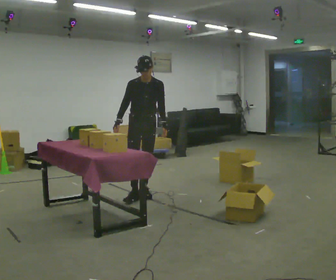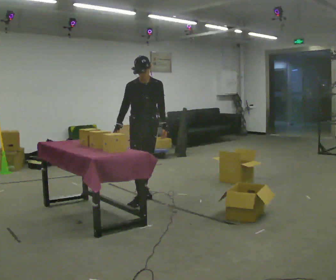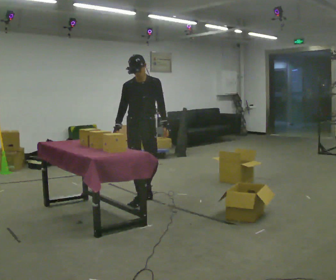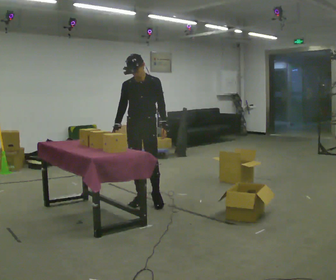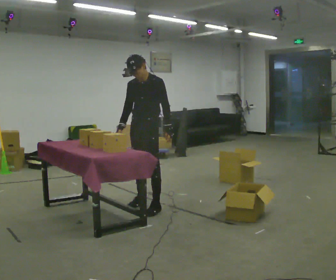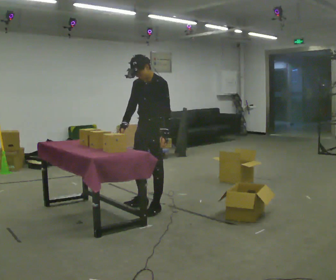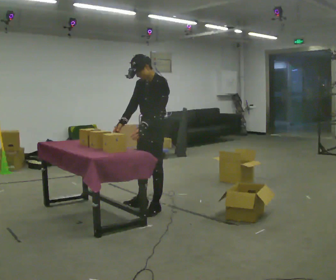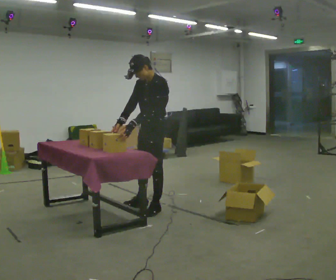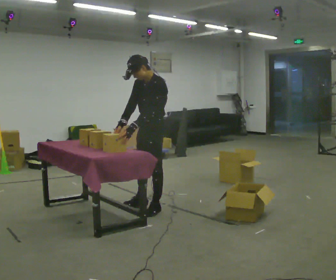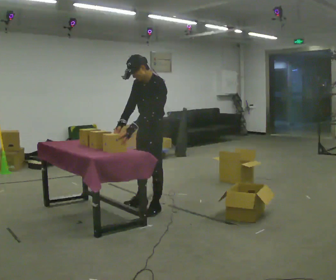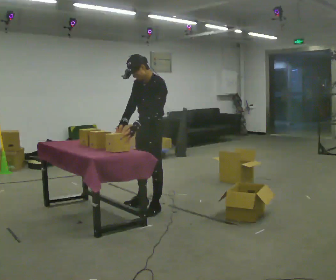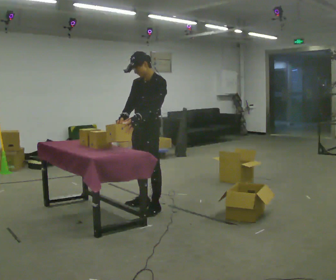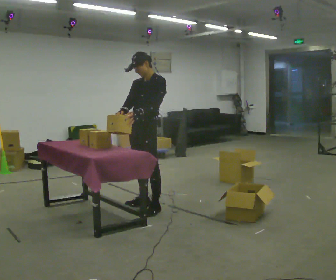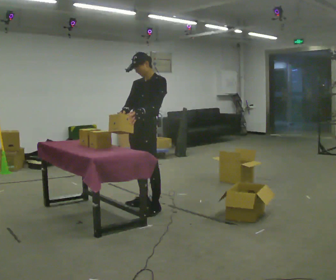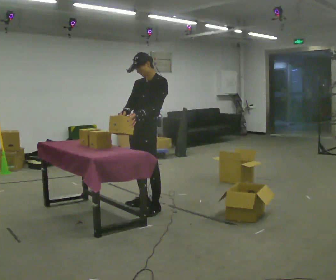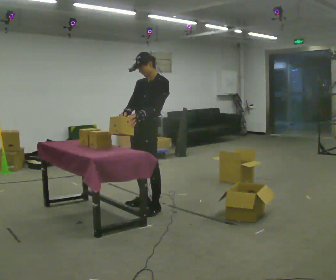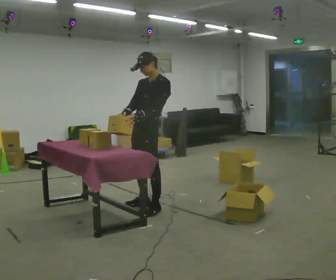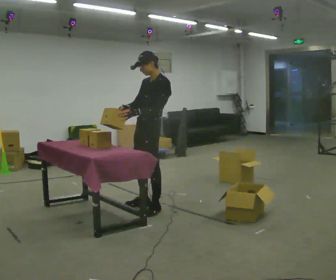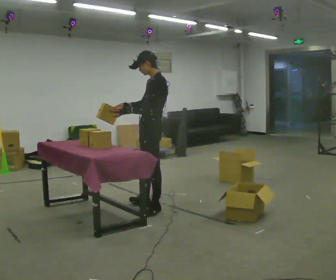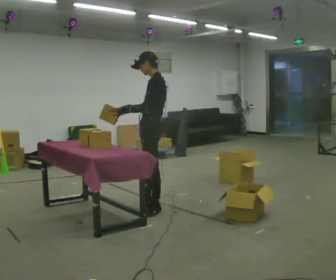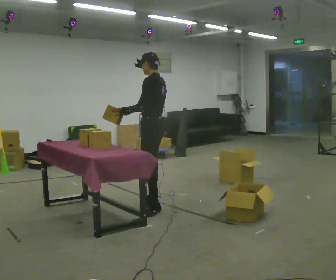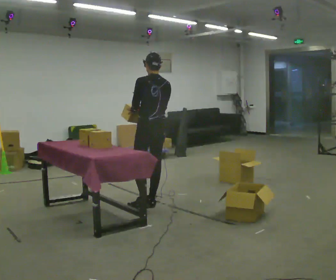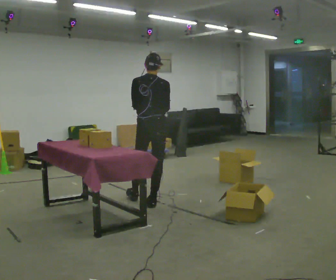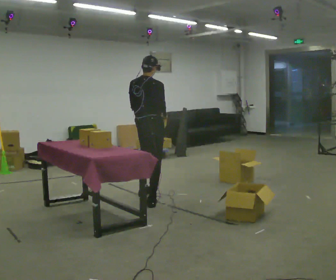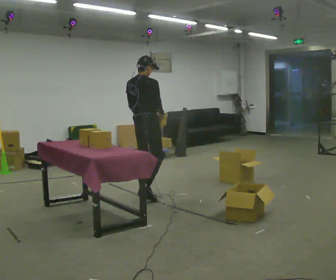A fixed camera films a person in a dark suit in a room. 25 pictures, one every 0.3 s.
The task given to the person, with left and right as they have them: Take each object from the table and put it in the bin that matches it, walking between the bins. Keep going until the operator says stop; one object at a time, and do not rush between trips.
0.0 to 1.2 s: Seen from above the body turns clockwise, about 30 degrees: to their right, with its near side sliding to the left. In the picture they go toward the camera, about 0.5 m in 2 steps, which for them is forward.
1.2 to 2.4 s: The person turns about 30 degrees to their right, clockwise seen from above, so the part of the body nearest the lens slides to the left. In the picture they go toward the camera, about 0.25 m, which for them is to their left. In the picture their left hand goes to the left, the arm swinging clockwise.
2.4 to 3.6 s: The upper body tips away from the camera, its near side rolling upward, as they lean back or straighten.
3.6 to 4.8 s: The person moves a little, or ends about where they began.
4.8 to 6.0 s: Seen from above the body turns clockwise, about 60 degrees: to their right, with its near side sliding to the left.
6.0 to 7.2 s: Seen from above the body turns clockwise, about 105 degrees: to their right, with its near side sliding to the left. In the picture they go away from the camera, about 0.25 m in 1 step.
The film runs forward here.
